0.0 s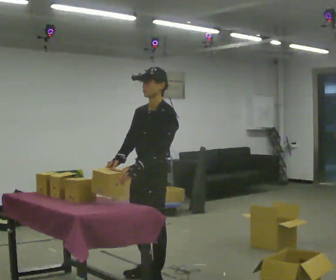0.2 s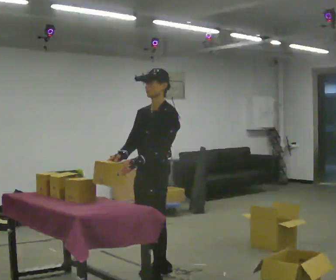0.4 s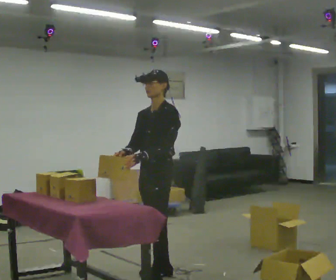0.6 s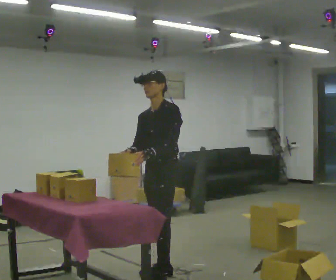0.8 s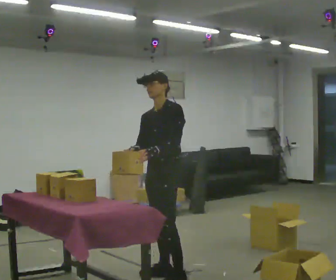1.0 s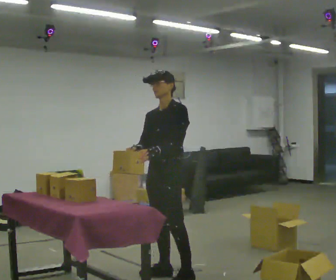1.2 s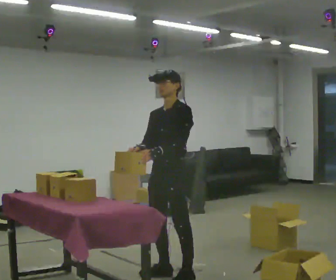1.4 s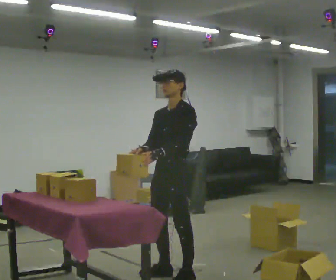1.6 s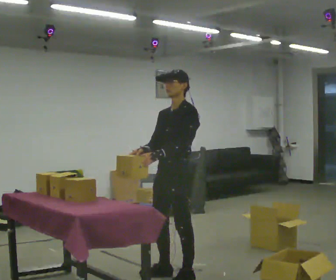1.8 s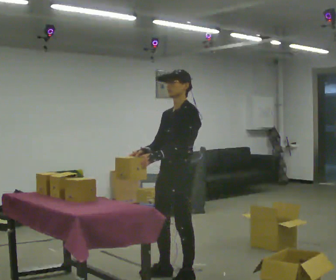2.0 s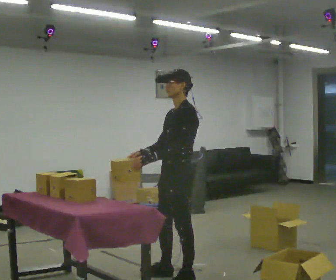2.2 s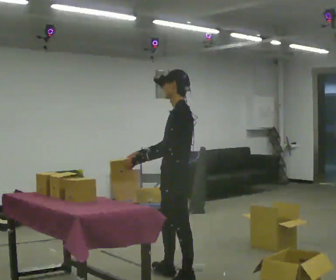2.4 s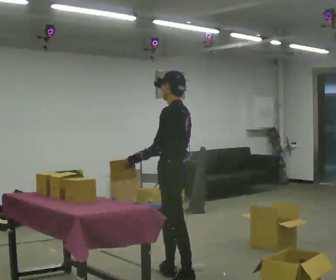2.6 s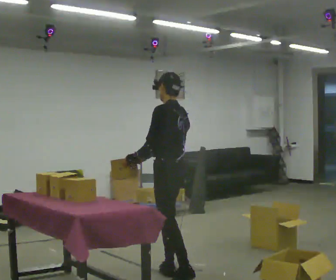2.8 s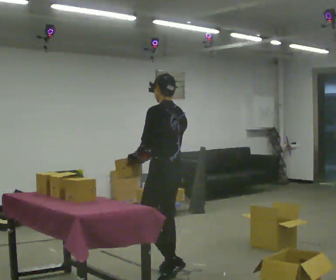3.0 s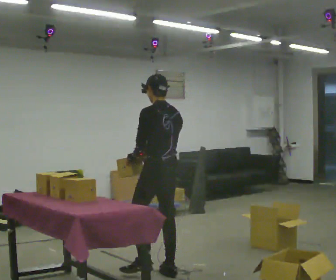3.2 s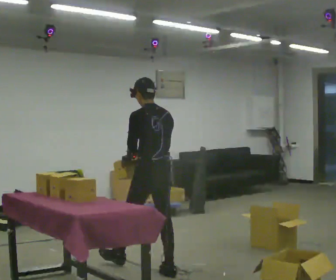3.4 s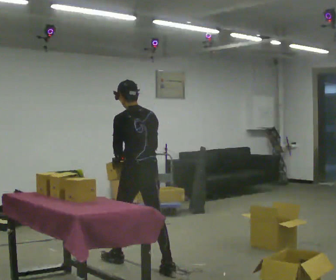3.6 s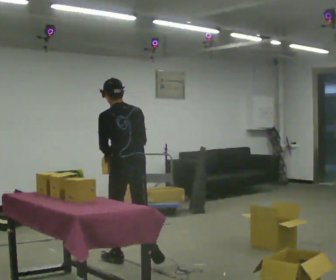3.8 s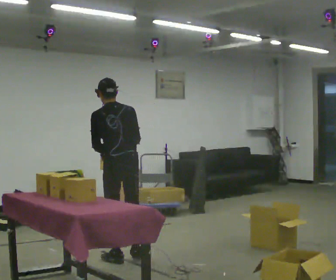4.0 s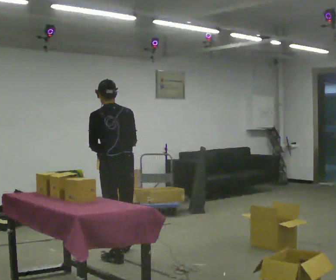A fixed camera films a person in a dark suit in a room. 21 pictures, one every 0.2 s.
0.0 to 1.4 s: In the picture they go to the right, about 0.25 m in 2 steps, which for them is backward.
1.4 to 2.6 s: The person turns about 60 degrees to their right, clockwise seen from above, so the part of the body nearest the lens slides to the left.
2.6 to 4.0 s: The part of the body nearest the lens slides to the left as the person turns to their right by about 45 degrees. In the picture they go away from the camera and to the left, about 1 m in 1 step, which for them is forward.
The film runs forward here.
